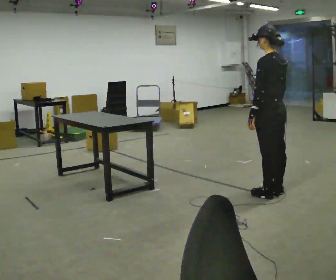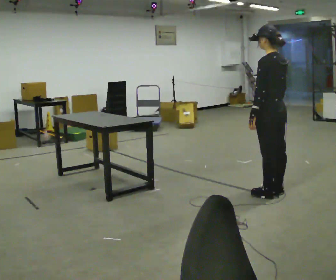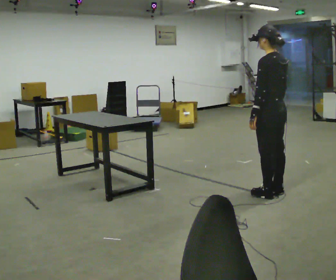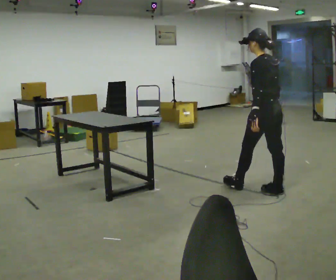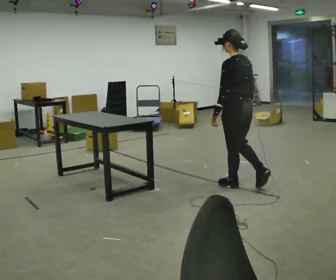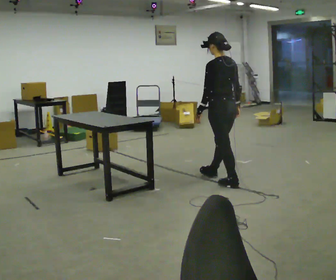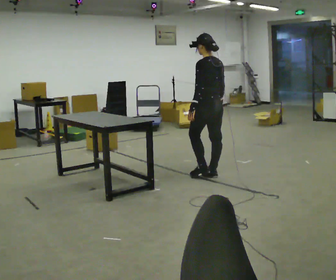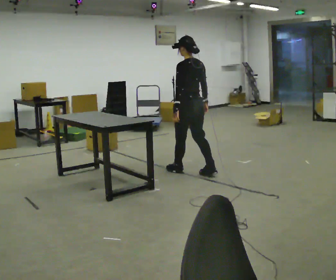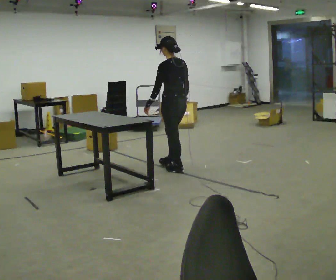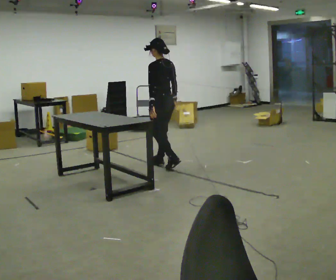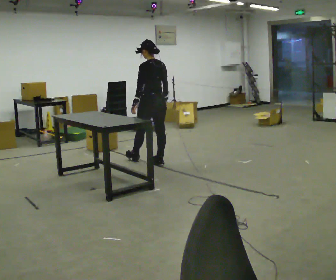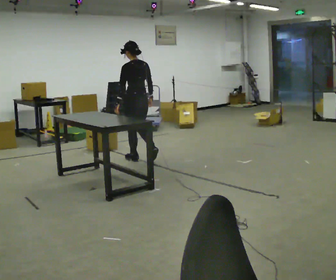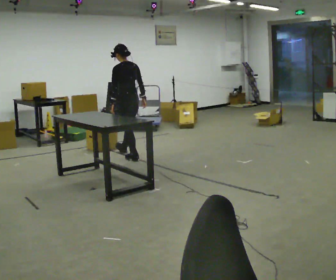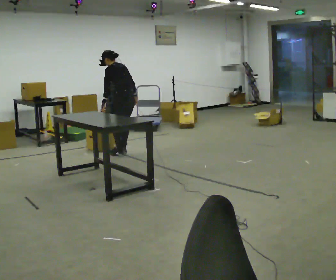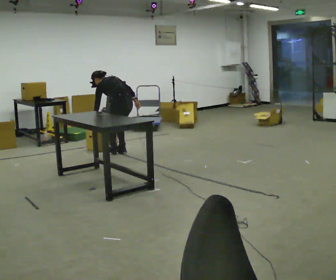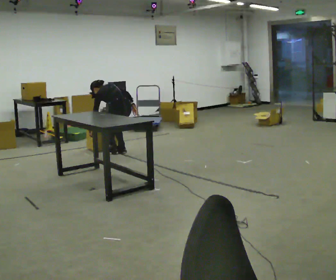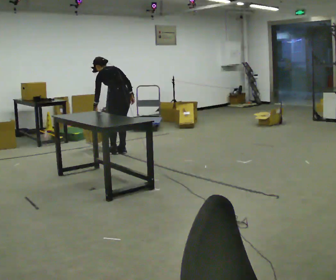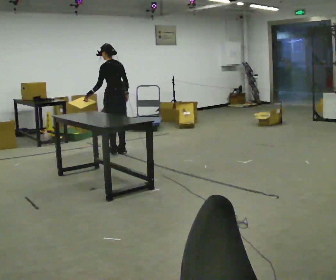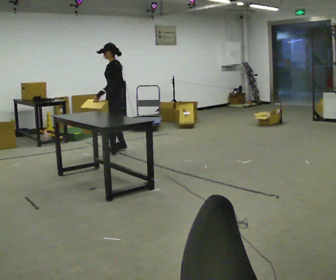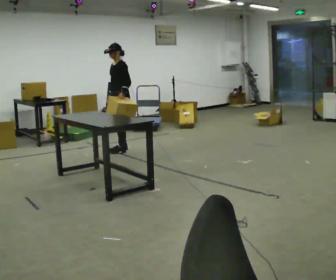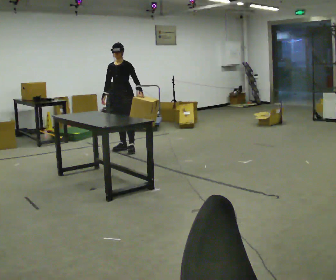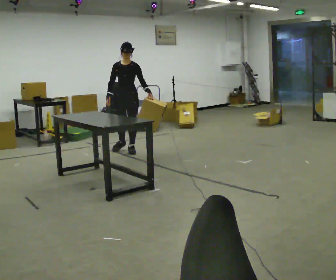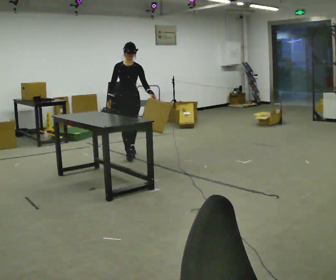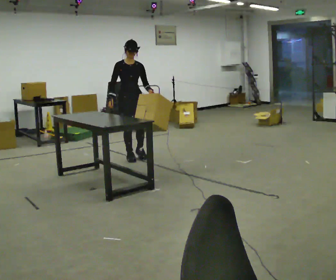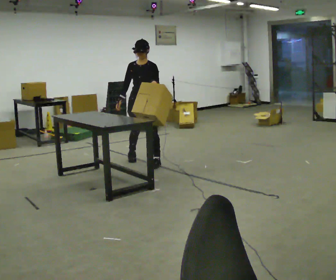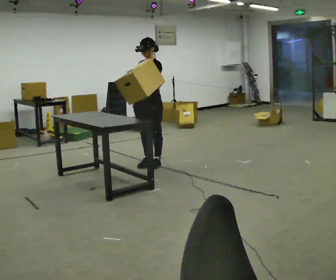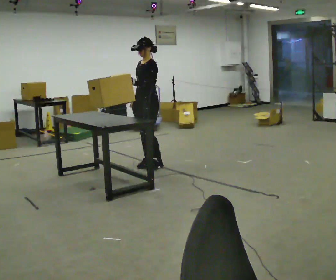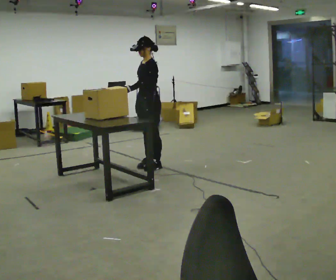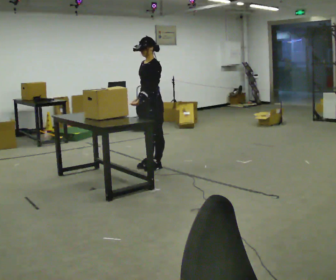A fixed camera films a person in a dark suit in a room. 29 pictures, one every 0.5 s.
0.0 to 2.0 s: In the picture they go away from the camera and to the left, about 0.5 m in 1 step, which for them is forward.
2.0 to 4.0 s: In the picture they go away from the camera and to the left, about 1 m in 2 steps, which for them is forward.
4.0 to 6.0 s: In the picture they go away from the camera and to the left, about 1 m in 3 steps, which for them is forward.
6.0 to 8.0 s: In the picture they go away from the camera, about 0.25 m in 1 step, which for them is forward.
8.0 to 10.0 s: The part of the body nearest the lens slides to the right as the person turns to their left by about 120 degrees. In the picture they go away from the camera, about 0.25 m in 2 steps. The upper body tips toward the camera, its near side rolling downward, as they lean back or straighten.
10.0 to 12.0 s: In the picture they go toward the camera, about 1 m in 2 steps, which for them is forward.
12.0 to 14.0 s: The person turns about 45 degrees to their right, clockwise seen from above, so the part of the body nearest the lens slides to the left. In the picture they go toward the camera, about 0.25 m in 1 step, which for them is to their left.
The film runs forward here.
